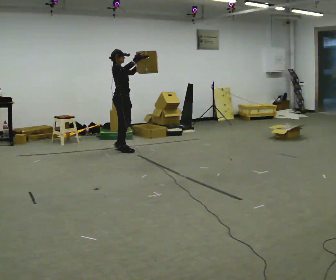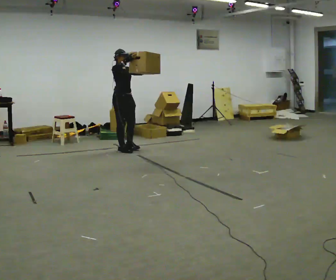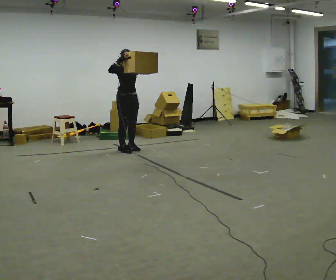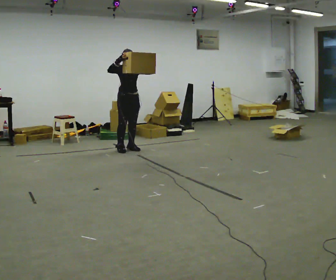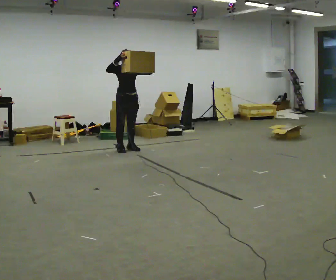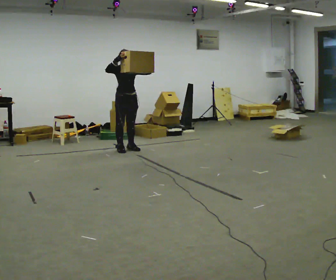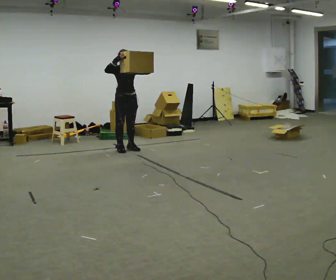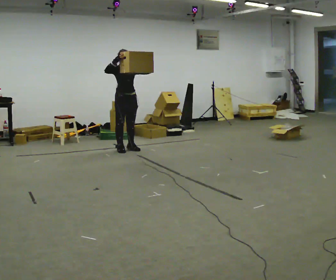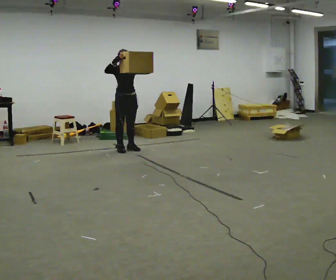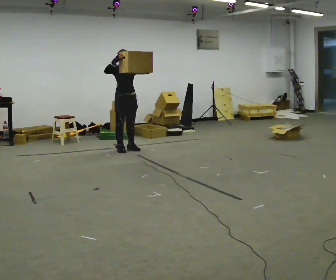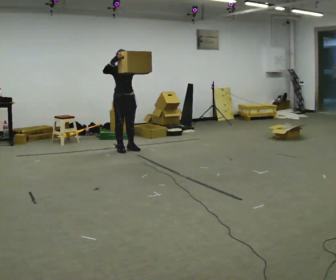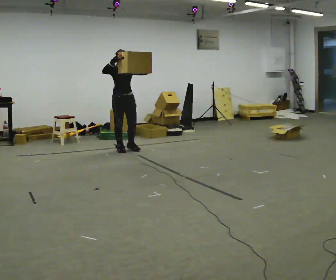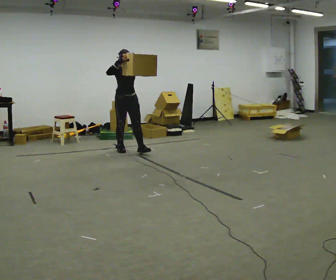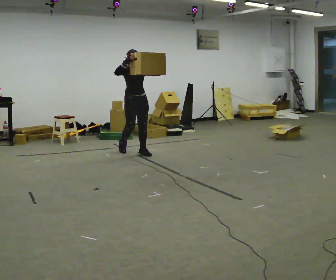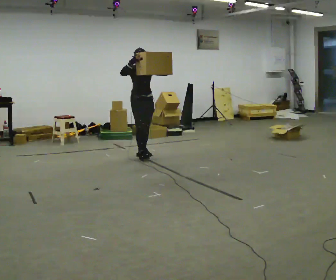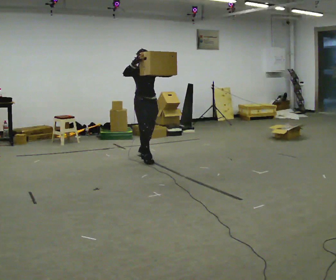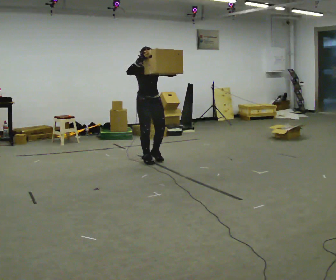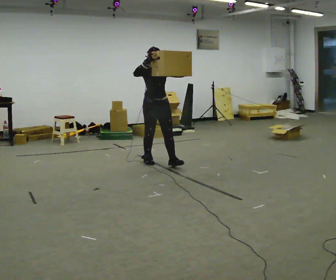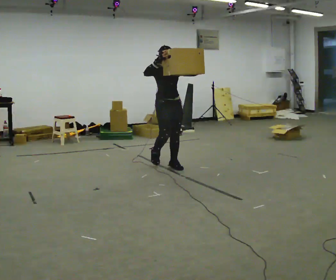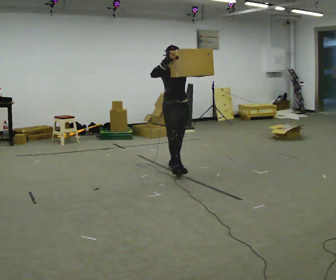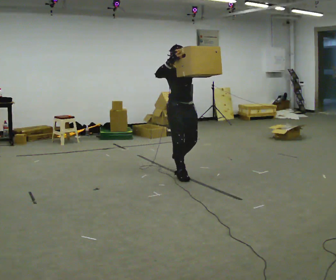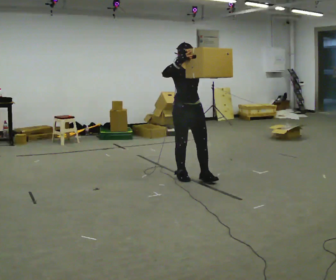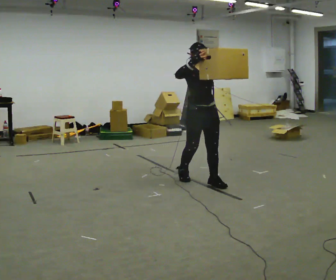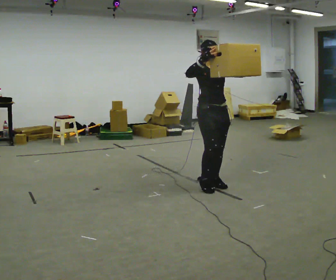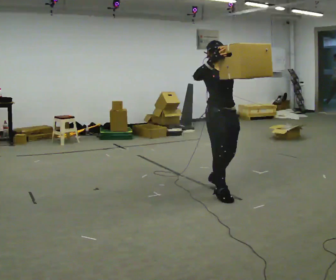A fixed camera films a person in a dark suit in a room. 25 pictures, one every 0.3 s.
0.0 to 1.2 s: The person turns about 60 degrees to their right, clockwise seen from above, so the part of the body nearest the lens slides to the left.
1.2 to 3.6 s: The person moves a little, or ends about where they began.
3.6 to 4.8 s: In the picture they go toward the camera and to the right, about 0.75 m in 2 steps, which for them is forward.
4.8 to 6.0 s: In the picture they go toward the camera and to the right, about 1 m in 2 steps, which for them is forward.
6.0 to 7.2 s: In the picture they go toward the camera and to the right, about 1 m in 2 steps, which for them is forward.
The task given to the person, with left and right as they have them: Carry the object held up above your head, walking back and forth across the room.
The film runs forward here.
